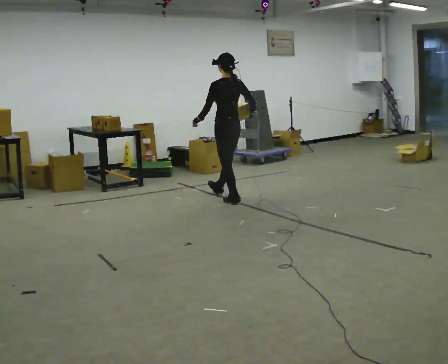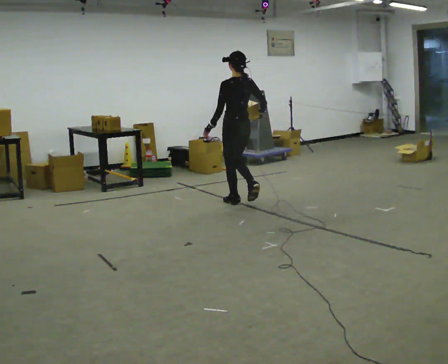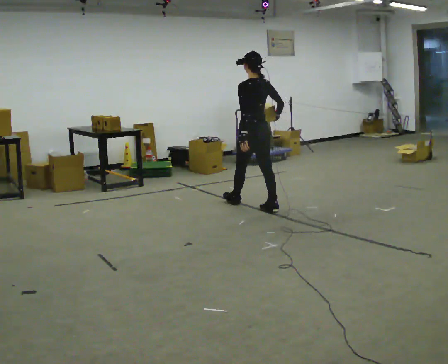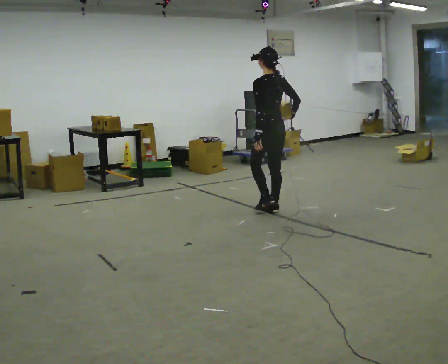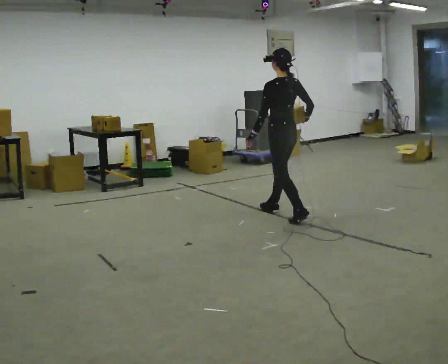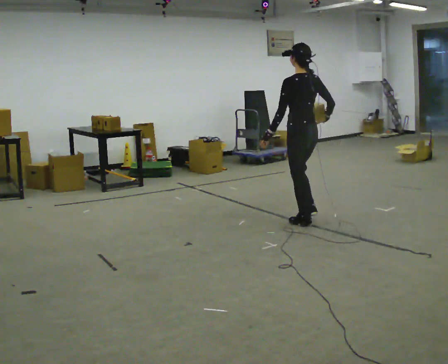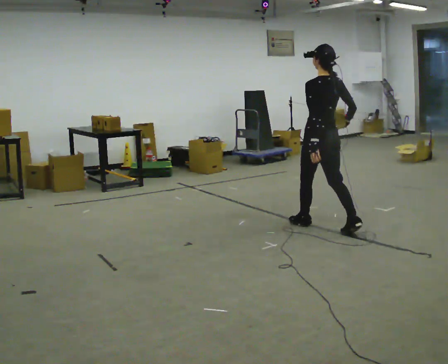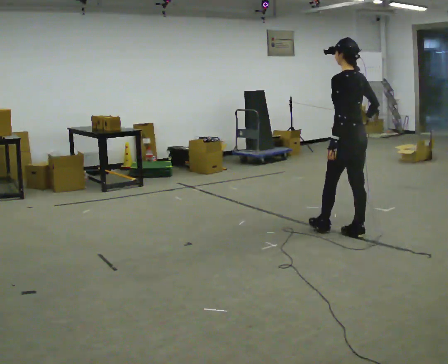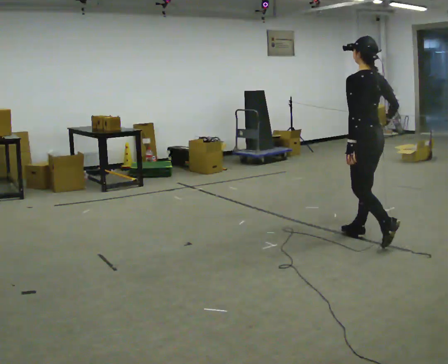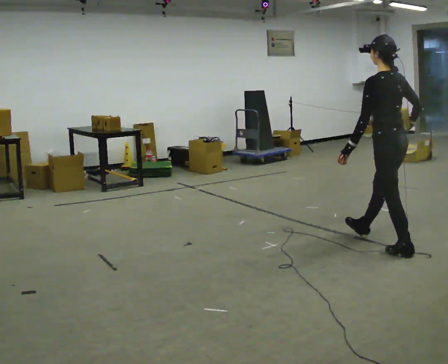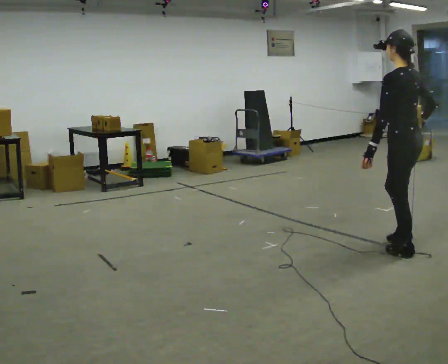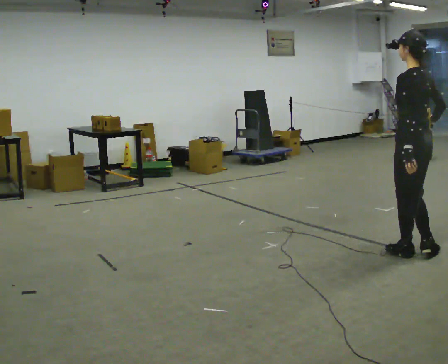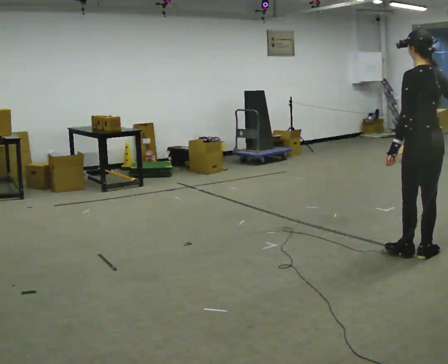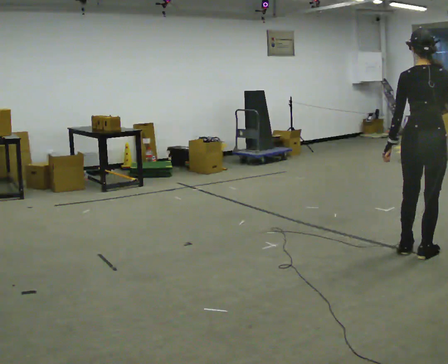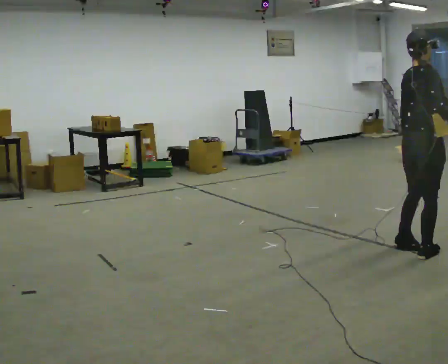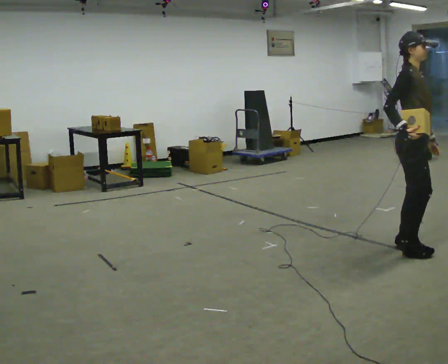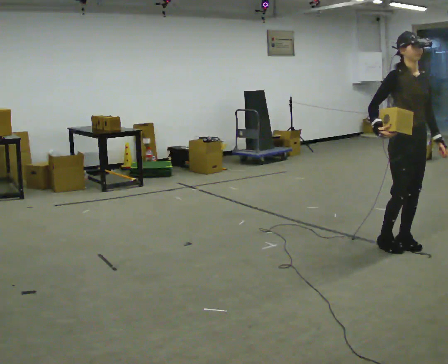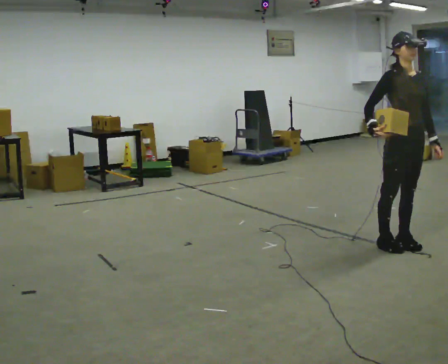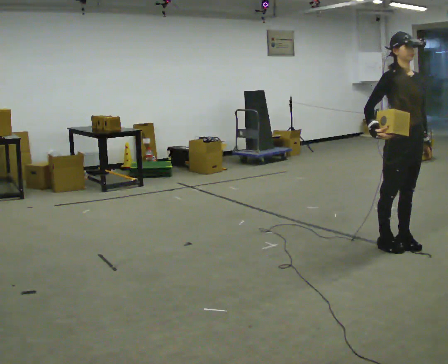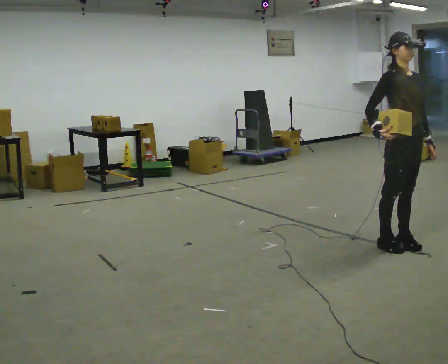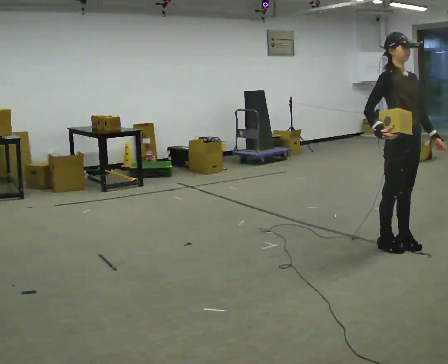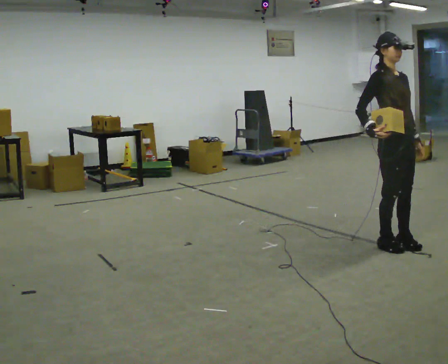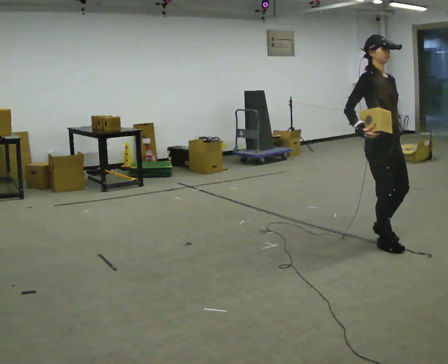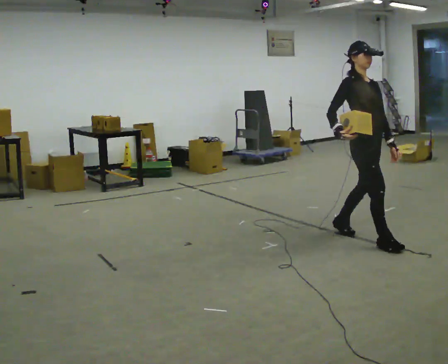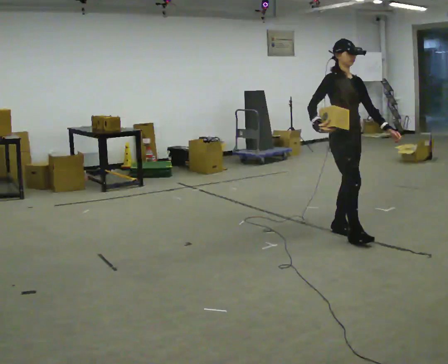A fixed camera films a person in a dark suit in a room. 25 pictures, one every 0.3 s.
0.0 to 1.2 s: In the picture they go to the right and toward the camera, about 1 m in 1 step, which for them is backward.
1.2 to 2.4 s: In the picture they go toward the camera and to the right, about 1 m in 2 steps, which for them is backward.
2.4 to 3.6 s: In the picture they go toward the camera and to the right, about 0.5 m in 1 step, which for them is backward.
3.6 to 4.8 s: The part of the body nearest the lens slides to the left as the person turns to their right by about 180 degrees. In the picture they go away from the camera, about 0.25 m in 2 steps. In the picture their right hand goes to the left, the arm swinging clockwise.
4.8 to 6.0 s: The person moves a little, or ends about where they began.
6.0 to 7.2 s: In the picture they go away from the camera and to the left, about 0.5 m in 2 steps, which for them is backward.
The film runs backward here.
